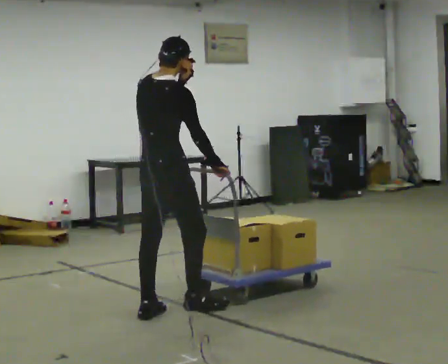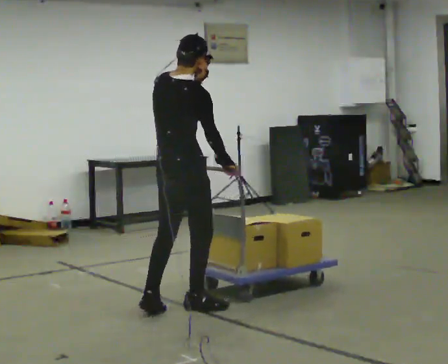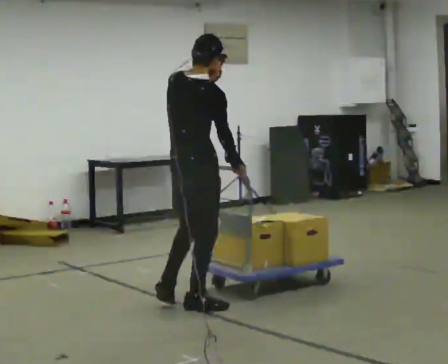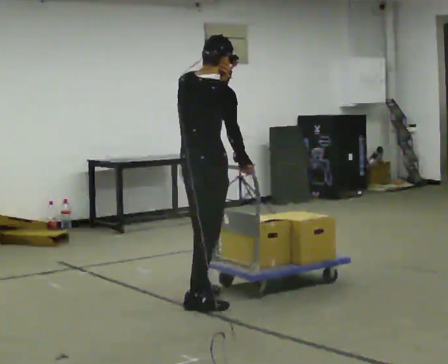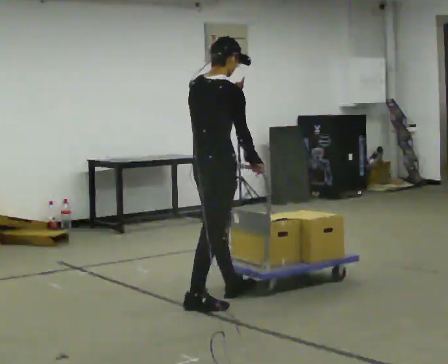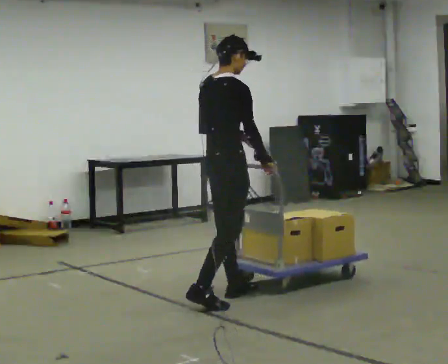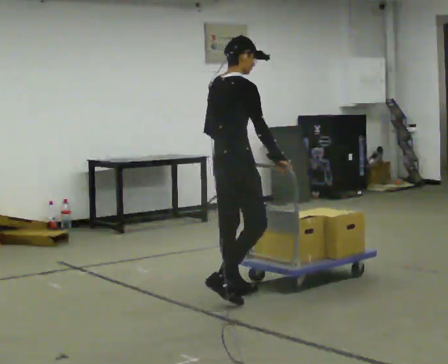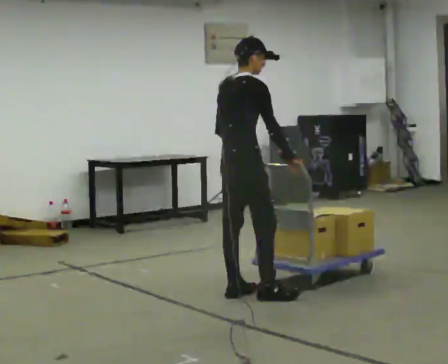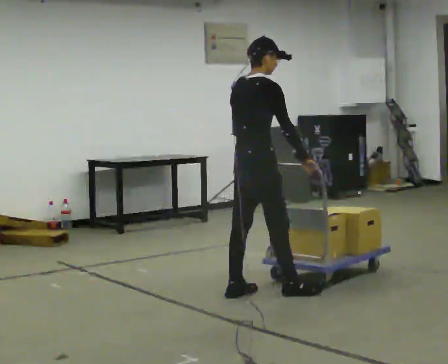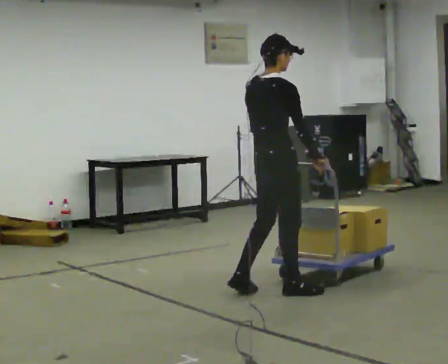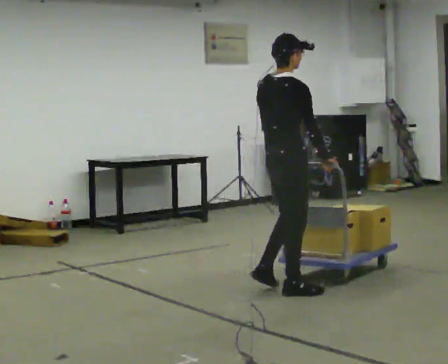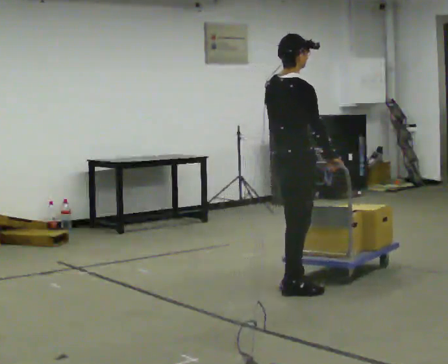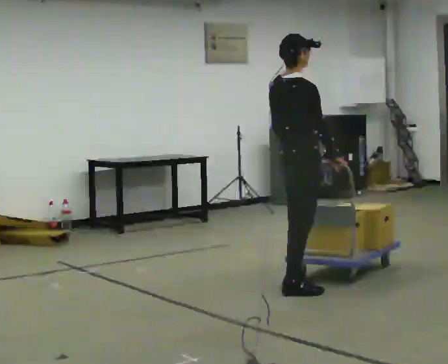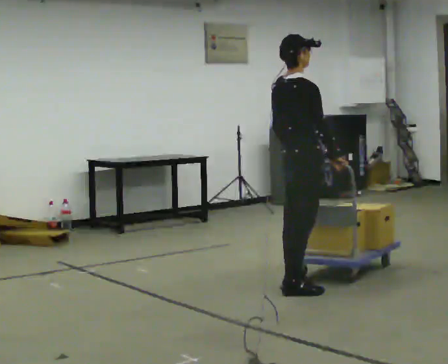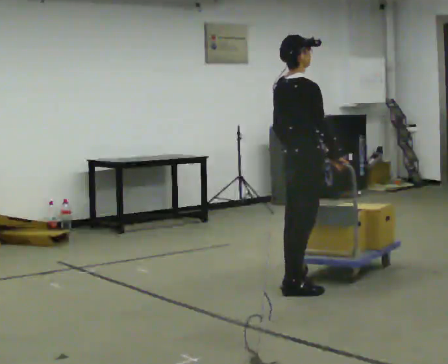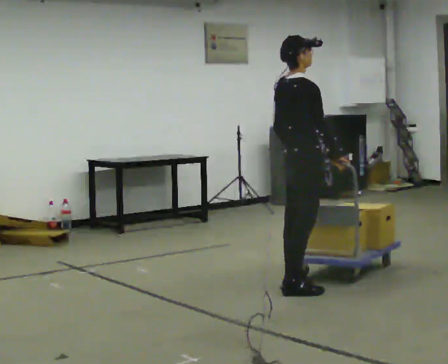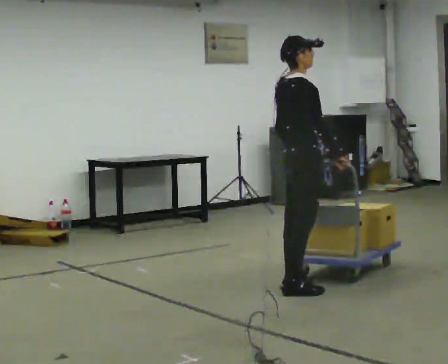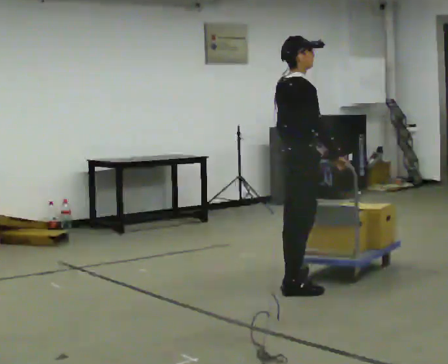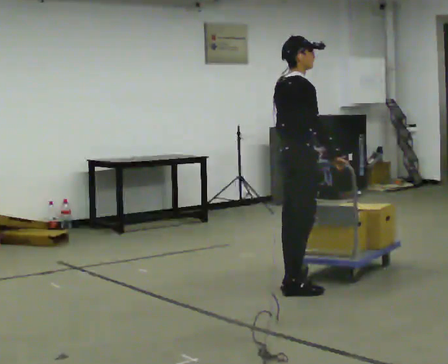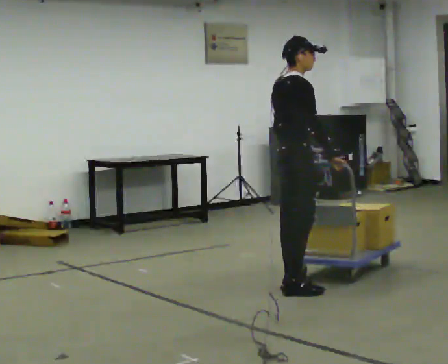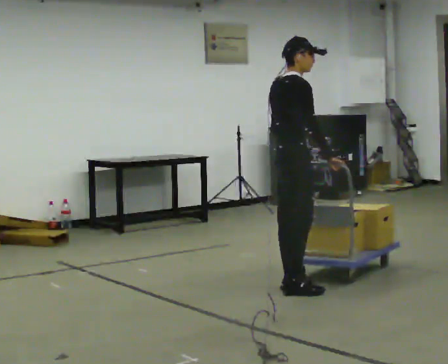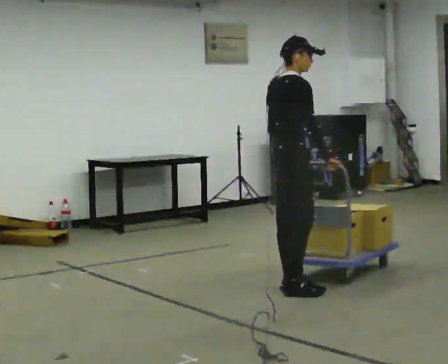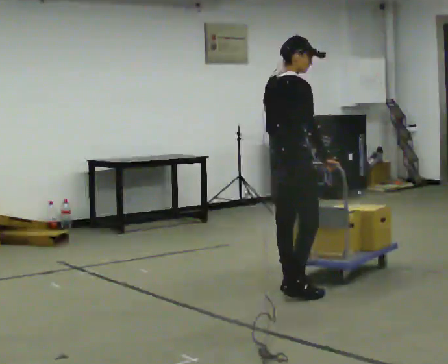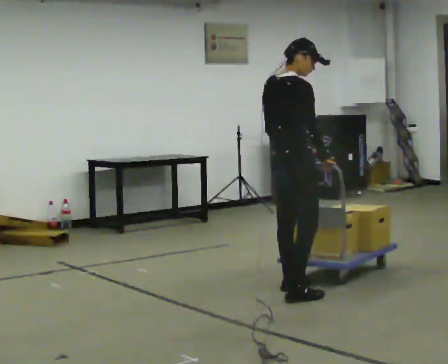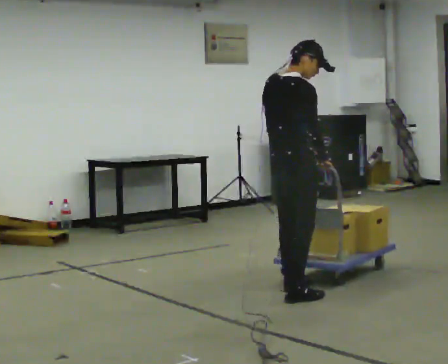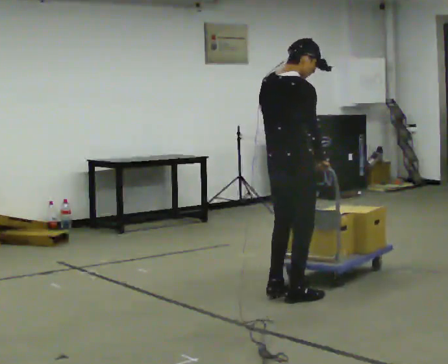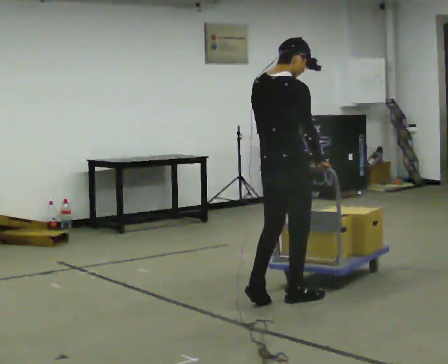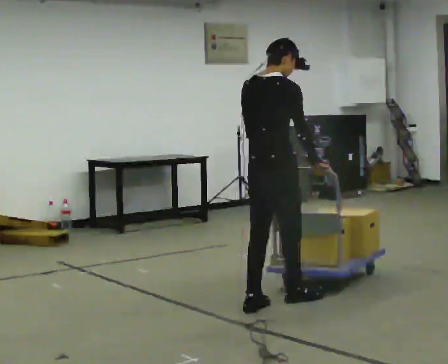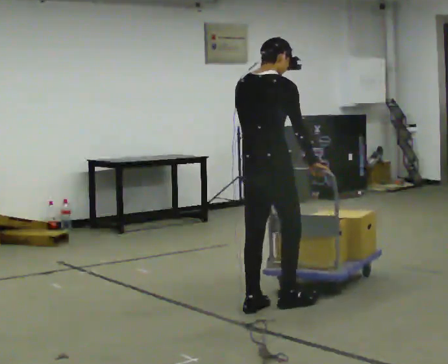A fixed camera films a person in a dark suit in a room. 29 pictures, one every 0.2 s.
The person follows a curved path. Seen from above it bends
clockwise.
Their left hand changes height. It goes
downward.
0.0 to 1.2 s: In the picture they go away from the camera and to the right, about 0.5 m in 1 step, which for them is forward. In the picture their left hand goes downward.
1.2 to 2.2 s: In the picture they go to the right, about 0.5 m in 2 steps, which for them is forward.
2.2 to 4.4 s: The person moves a little, or ends about where they began.
4.4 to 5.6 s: The part of the body nearest the lens slides to the right as the person turns to their left by about 30 degrees. In the picture they go toward the camera, about 0.5 m in 2 steps, which for them is backward and to their right.
The film runs forward here.
